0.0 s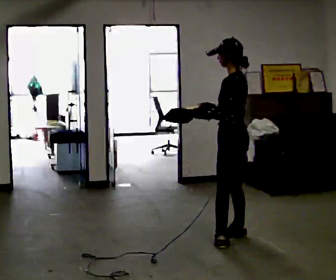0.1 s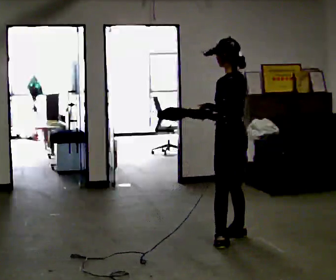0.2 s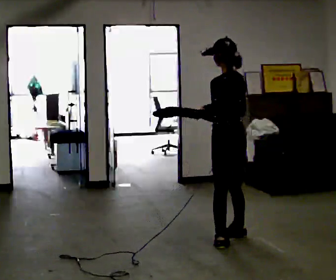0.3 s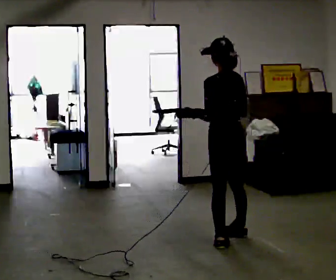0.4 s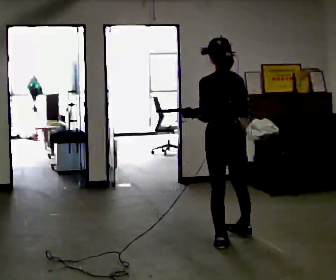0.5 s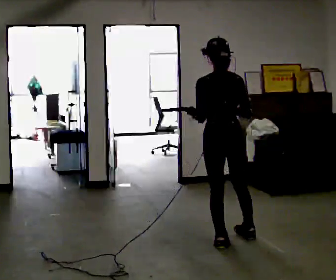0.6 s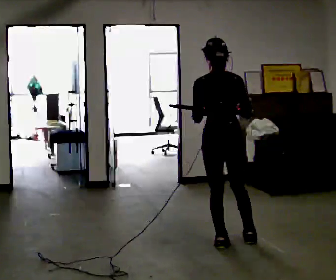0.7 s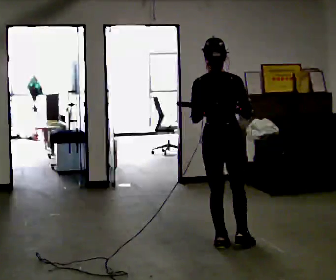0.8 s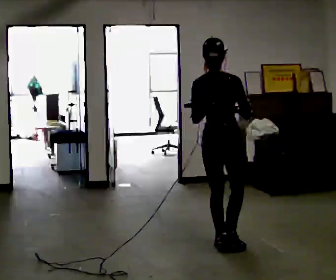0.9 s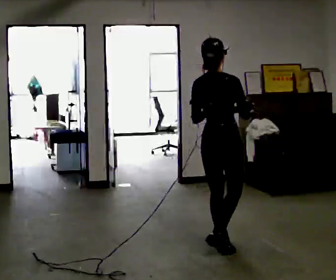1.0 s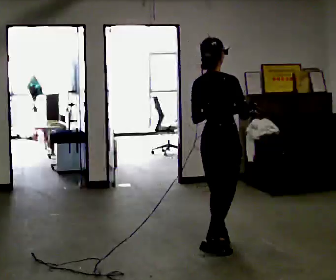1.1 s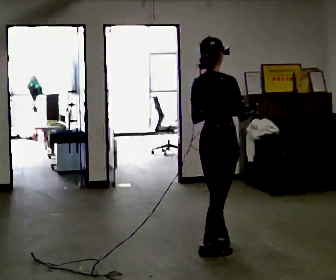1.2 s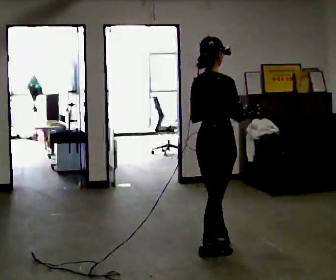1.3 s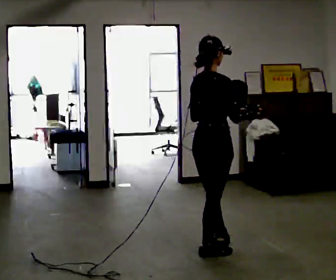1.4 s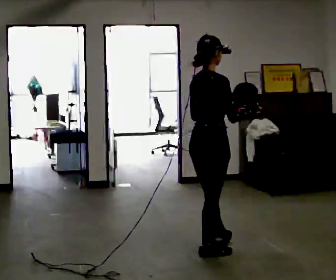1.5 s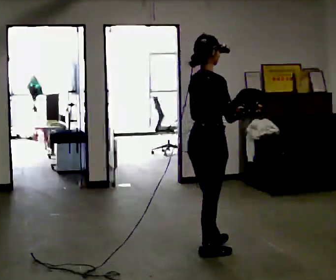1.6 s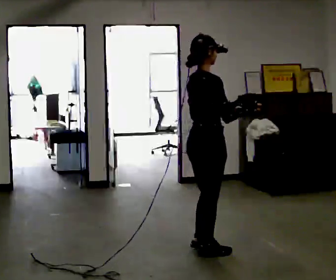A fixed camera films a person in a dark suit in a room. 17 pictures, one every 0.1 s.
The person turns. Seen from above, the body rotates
clockwise.
The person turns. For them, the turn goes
to their right.
0.0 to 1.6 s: Seen from above the body turns clockwise, about 135 degrees: to their right, with its near side sliding to the left. In the picture they go toward the camera, about 0.5 m in 2 steps.
The film runs backward here.
